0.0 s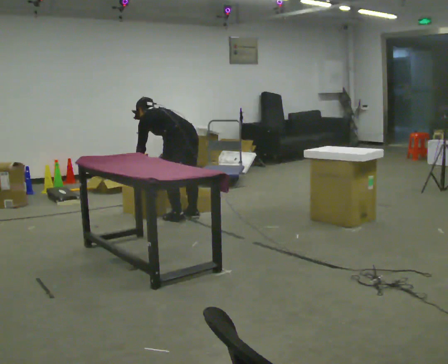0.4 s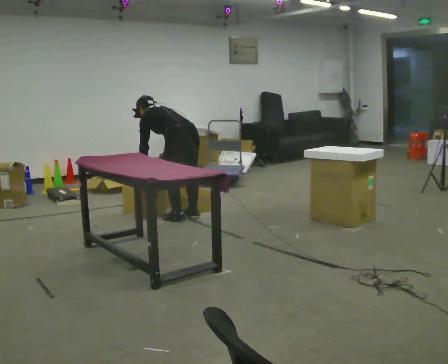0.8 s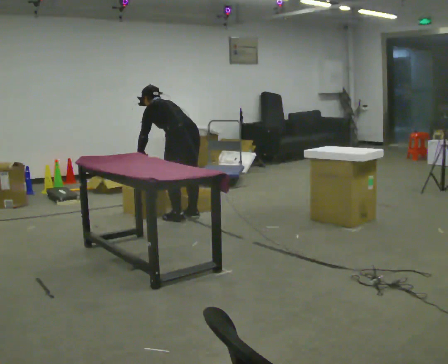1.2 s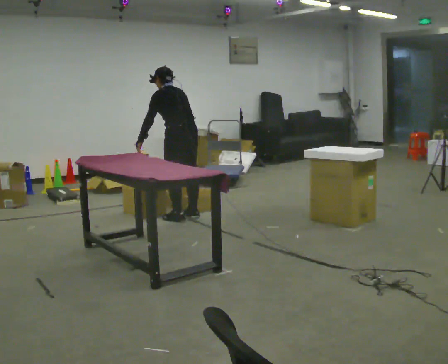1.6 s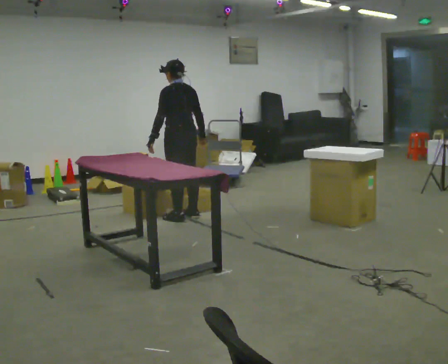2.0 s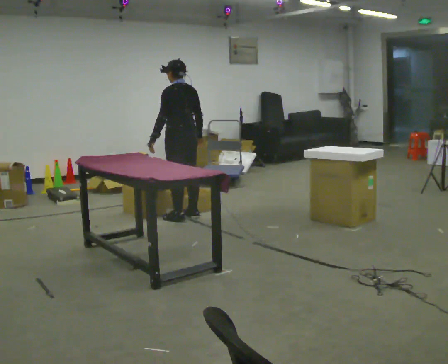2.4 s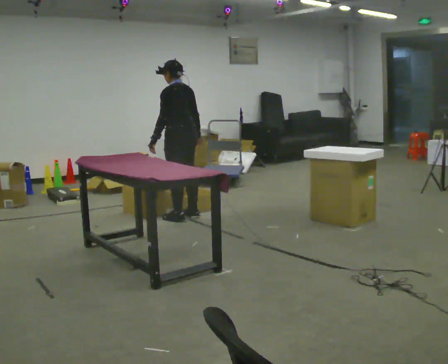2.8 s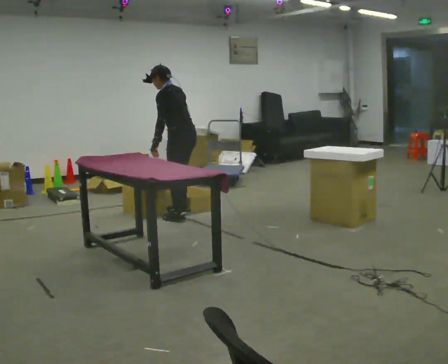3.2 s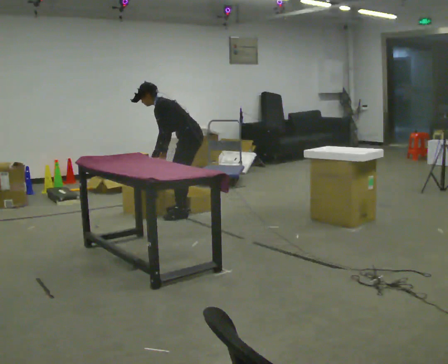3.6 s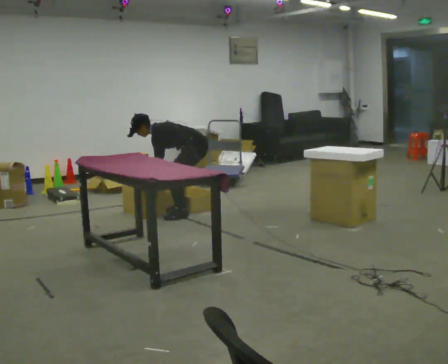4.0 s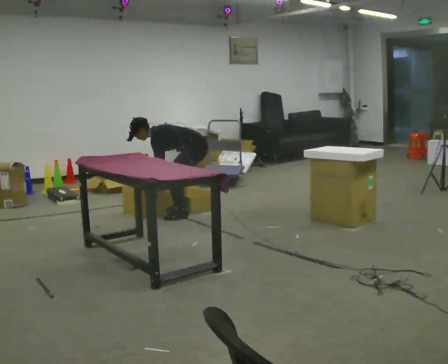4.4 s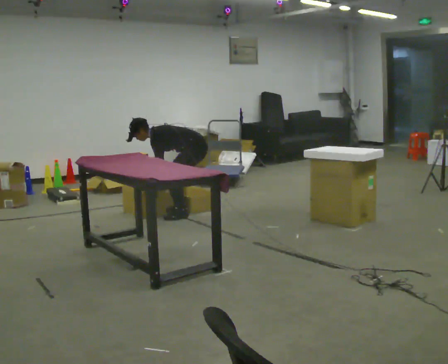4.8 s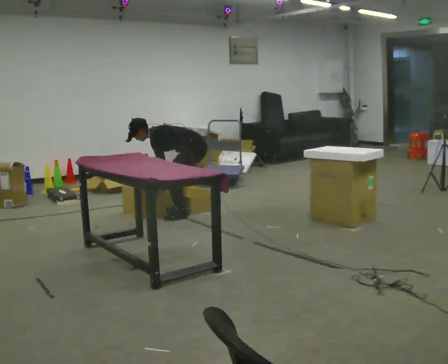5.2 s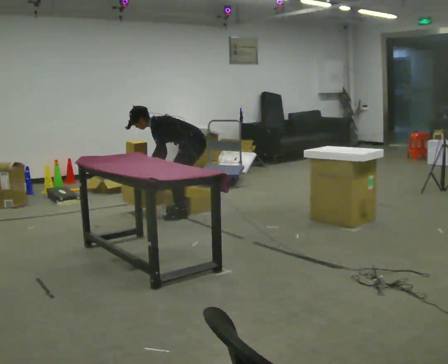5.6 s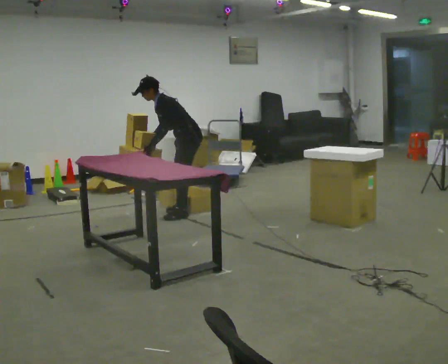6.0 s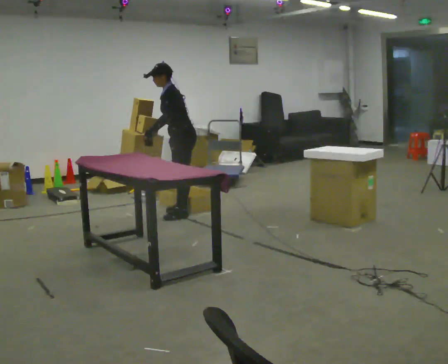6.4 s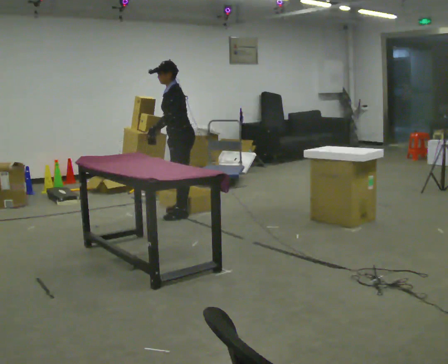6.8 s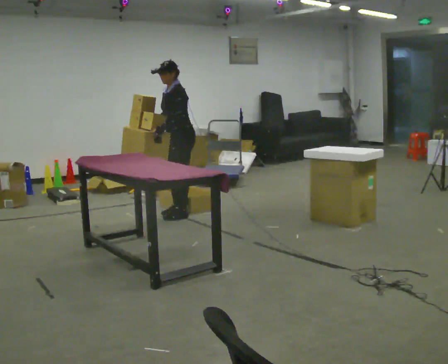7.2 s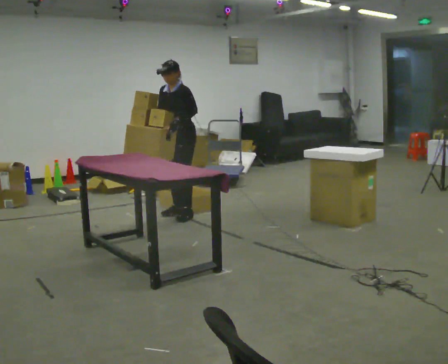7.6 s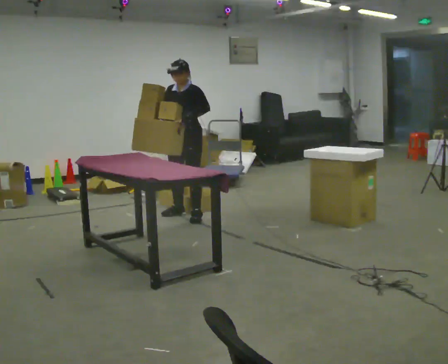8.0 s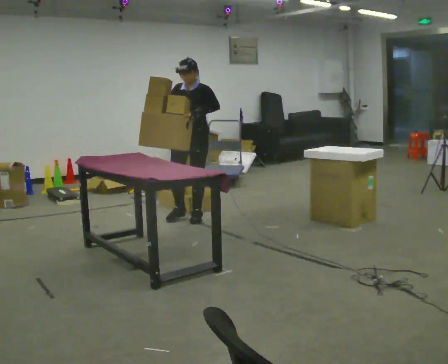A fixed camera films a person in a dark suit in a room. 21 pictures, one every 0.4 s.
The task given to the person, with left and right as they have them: 1. Move everything from the second bin into the first bin. 2. Carry the empty bin to the shelf. 3. Carry the full bin to the table. 4. Tell the operator when you are finished.
0.0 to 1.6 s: The upper body goes upward. In the picture the upper body tilts clockwise, shoulders to the right, as they lean back or straighten. In the picture their right hand goes to the right.
1.6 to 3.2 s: Seen from above the body turns counterclockwise, about 45 degrees: to their left, with its near side sliding to the right. The shoulders move downward. In the picture the upper body tilts counterclockwise, shoulders to the left, as they bend forward. In the picture their right hand goes to the left.
3.2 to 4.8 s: The shoulders move downward. In the picture the upper body tilts counterclockwise, shoulders to the left, as they bend forward.
4.8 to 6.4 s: The shoulders move upward. In the picture the upper body tilts clockwise, shoulders to the right, as they lean back or straighten. In the picture their left hand goes upward.
6.4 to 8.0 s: The part of the body nearest the lens slides to the right as the person turns to their left by about 60 degrees. In the picture the upper body tilts clockwise, shoulders to the right.
The film runs forward here.
